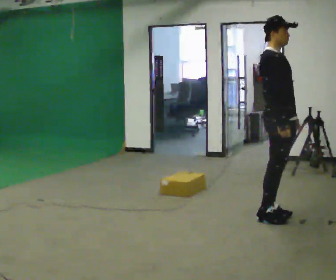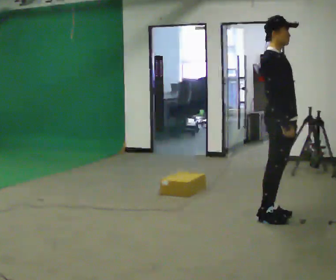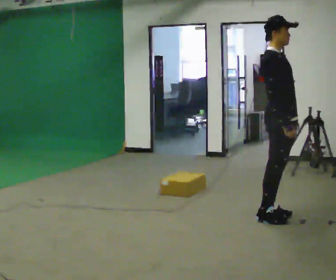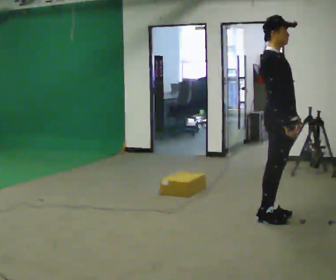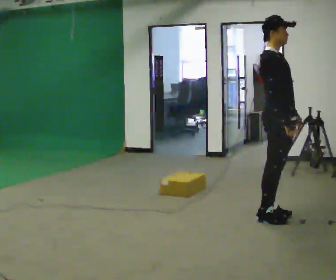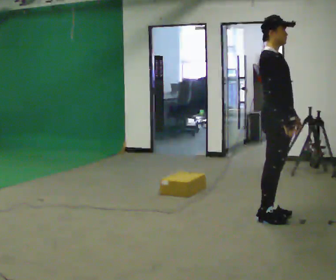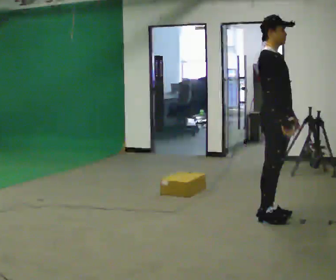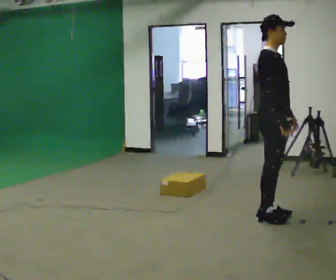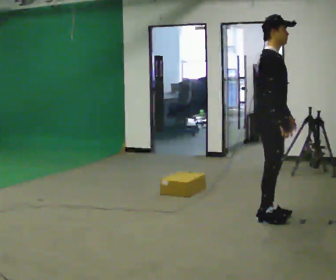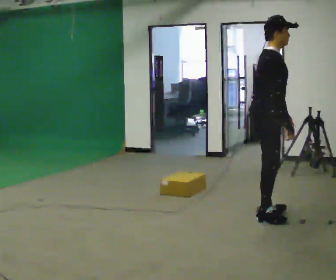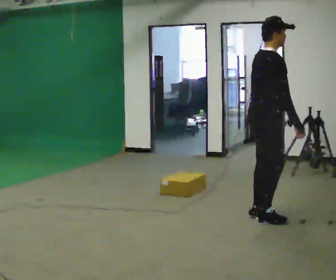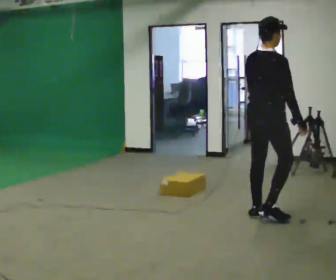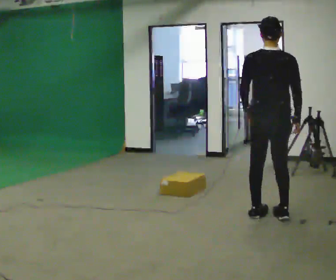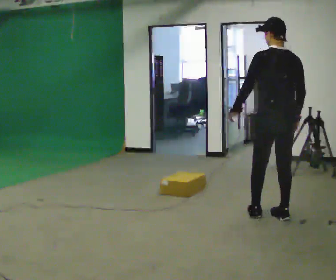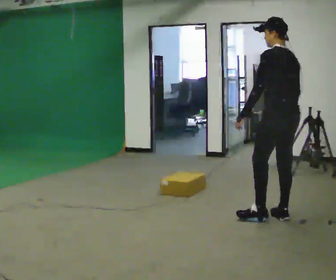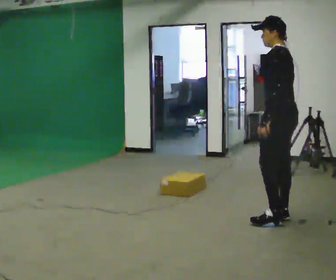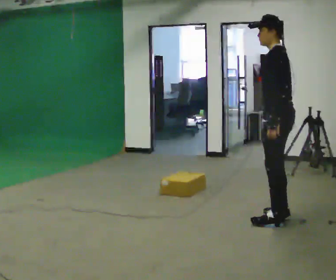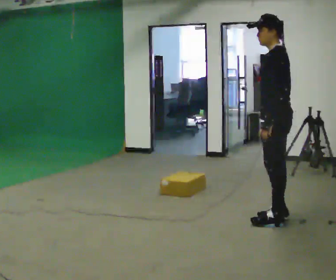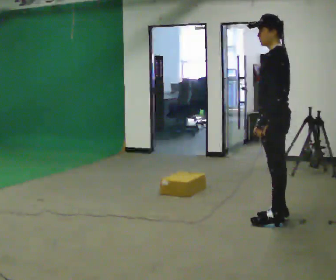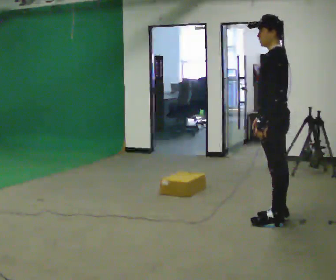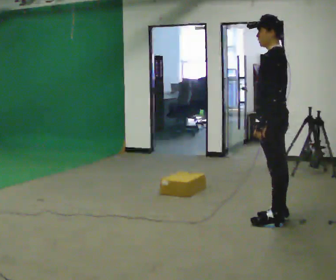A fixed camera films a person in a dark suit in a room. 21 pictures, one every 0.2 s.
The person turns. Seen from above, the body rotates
counterclockwise.
The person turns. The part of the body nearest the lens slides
to the right.
0.0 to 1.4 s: The person moves a little, or ends about where they began.
1.4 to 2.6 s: Seen from above the body turns counterclockwise, about 120 degrees: to their left, with its near side sliding to the right. In the picture their left hand goes to the left, the arm swinging clockwise.
2.6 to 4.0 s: Seen from above the body turns counterclockwise, about 60 degrees: to their left, with its near side sliding to the right.
The film runs forward here.
